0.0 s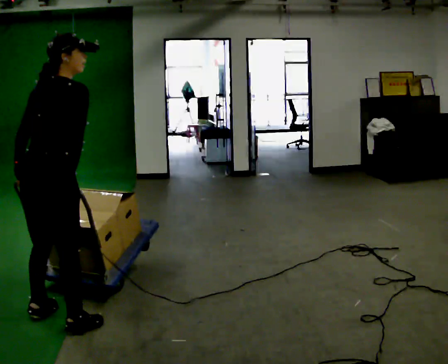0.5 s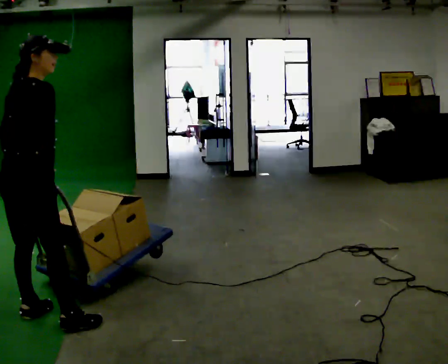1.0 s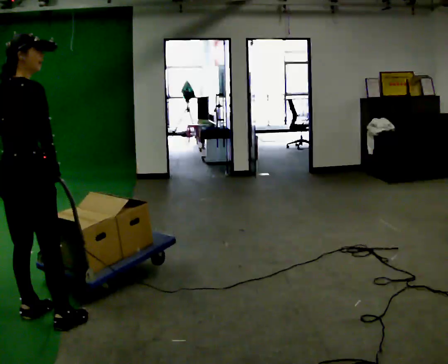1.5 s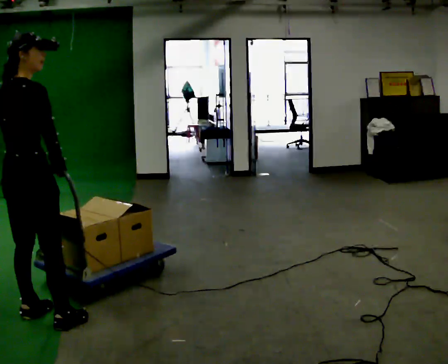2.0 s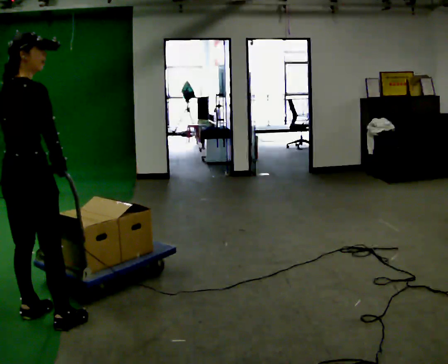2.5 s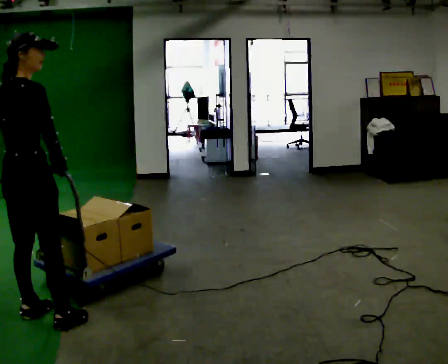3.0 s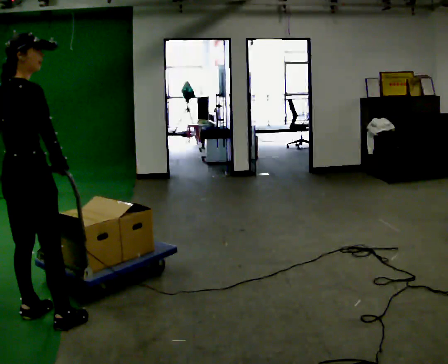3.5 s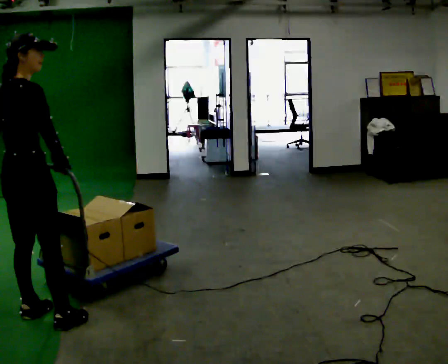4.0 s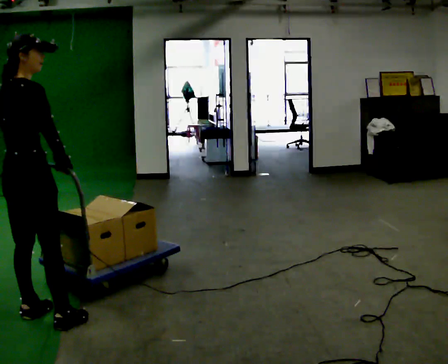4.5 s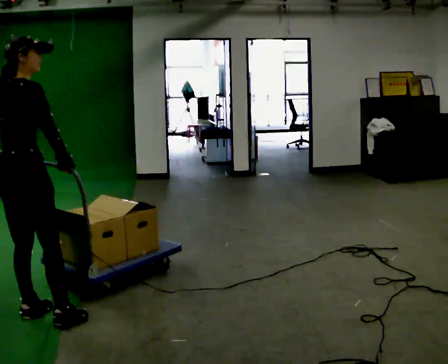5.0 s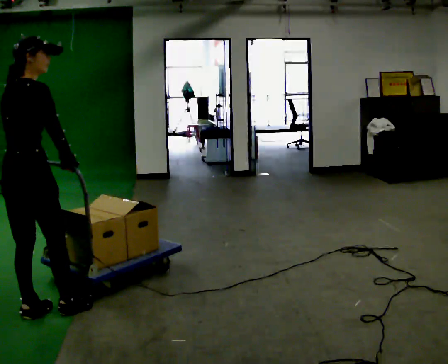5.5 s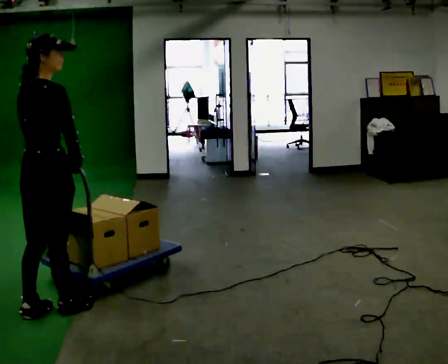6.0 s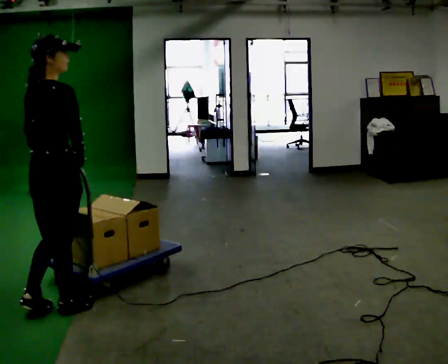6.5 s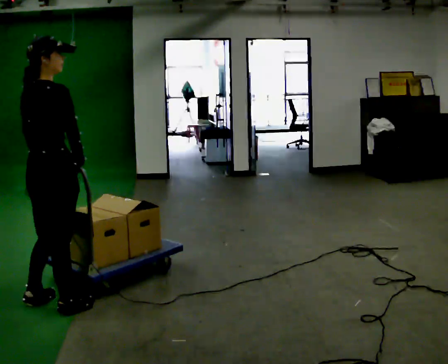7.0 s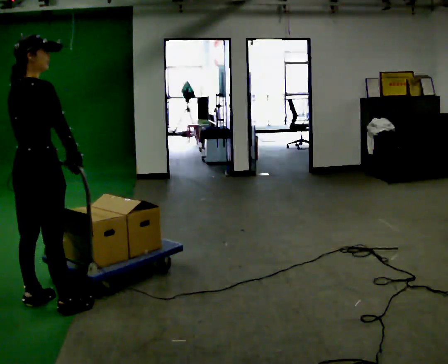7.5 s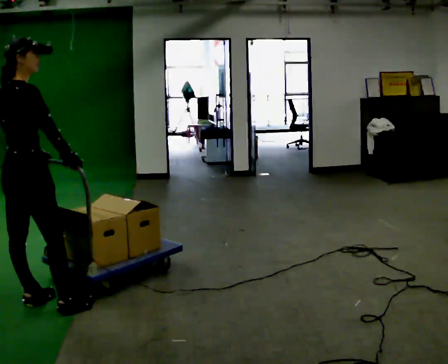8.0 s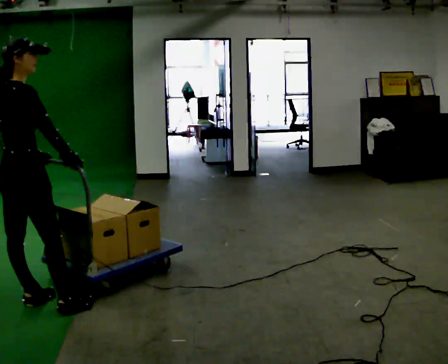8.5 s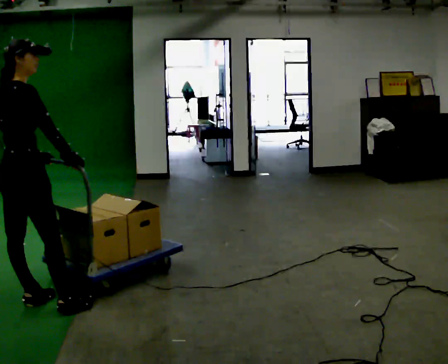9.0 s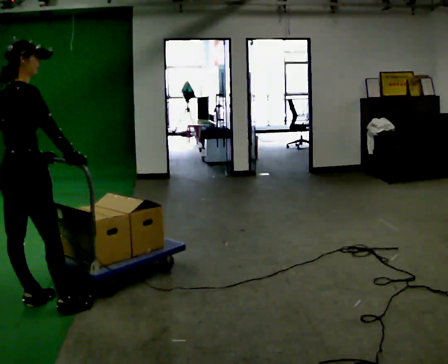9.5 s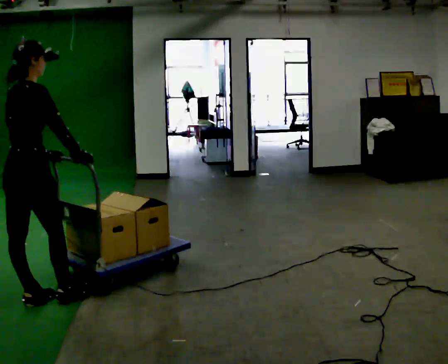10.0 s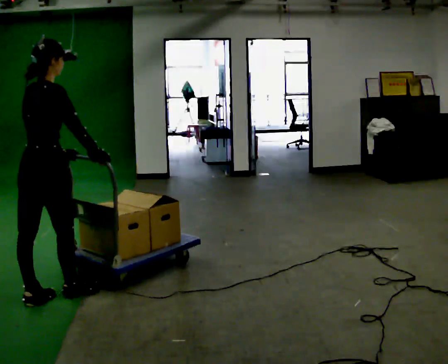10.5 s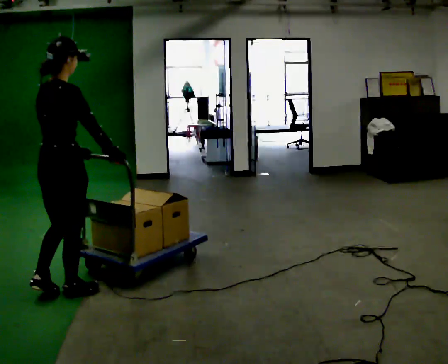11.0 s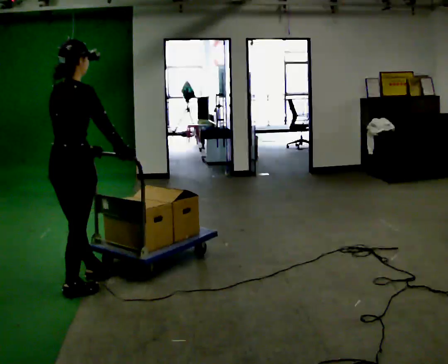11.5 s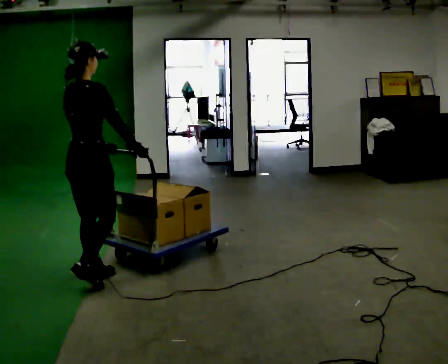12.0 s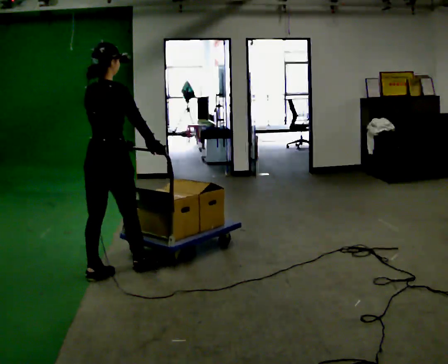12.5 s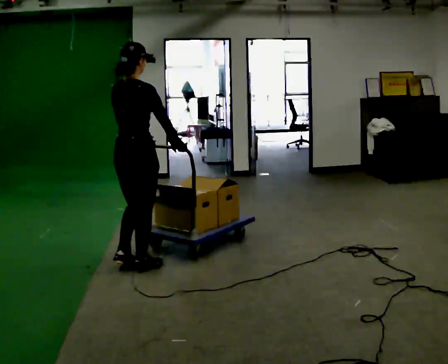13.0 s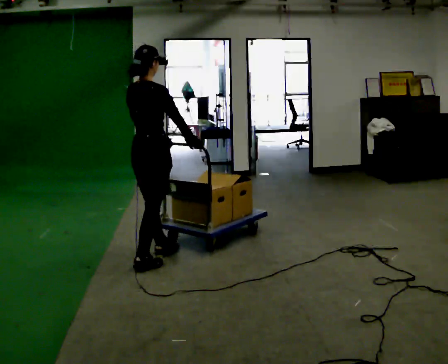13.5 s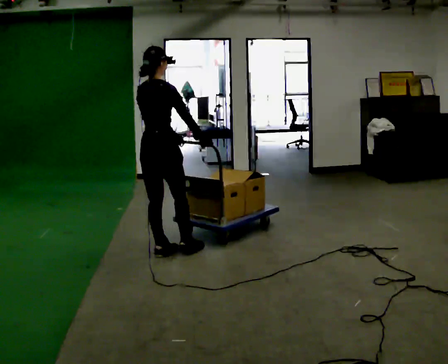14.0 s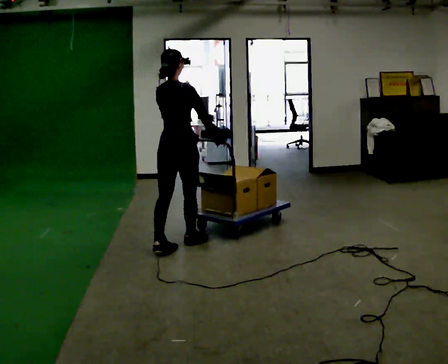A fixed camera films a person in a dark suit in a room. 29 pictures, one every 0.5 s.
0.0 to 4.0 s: In the picture they go to the left, about 0.25 m in 1 step, which for them is to their left.
4.0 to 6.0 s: In the picture they go to the right, about 0.25 m in 1 step, which for them is forward.
6.0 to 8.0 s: In the picture they go to the left, about 0.25 m in 1 step, which for them is to their left.
8.0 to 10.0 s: The person moves a little, or ends about where they began.
10.0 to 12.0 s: In the picture they go to the right and away from the camera, about 0.5 m in 2 steps, which for them is forward.
12.0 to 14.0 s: In the picture they go to the right and away from the camera, about 1 m in 2 steps, which for them is forward.
The film runs forward here.
